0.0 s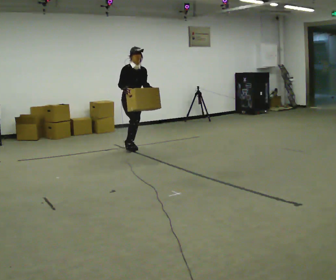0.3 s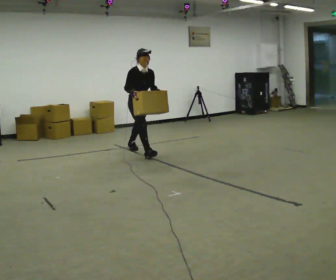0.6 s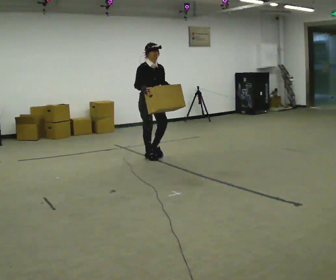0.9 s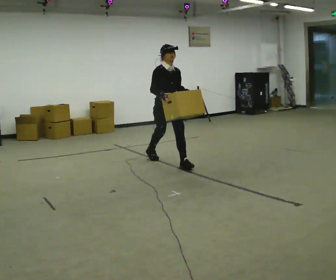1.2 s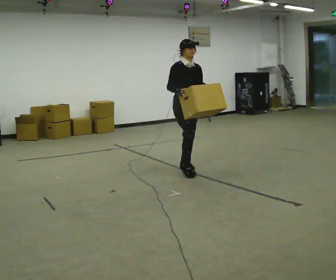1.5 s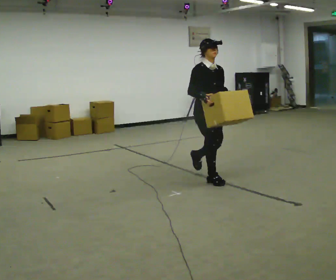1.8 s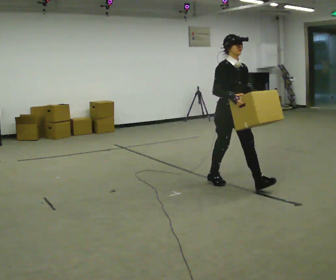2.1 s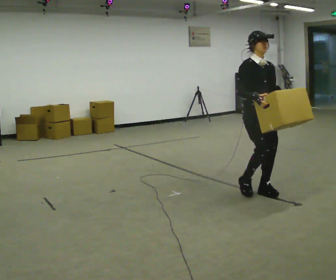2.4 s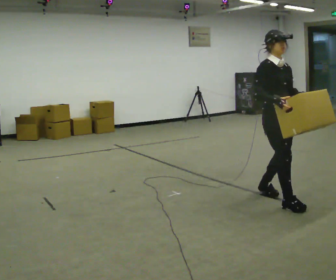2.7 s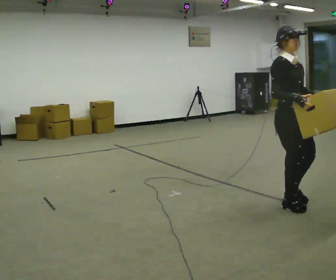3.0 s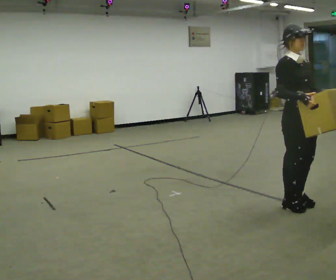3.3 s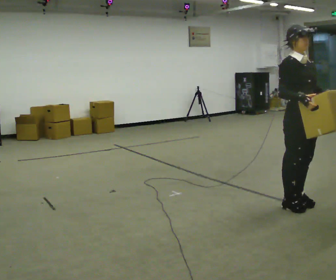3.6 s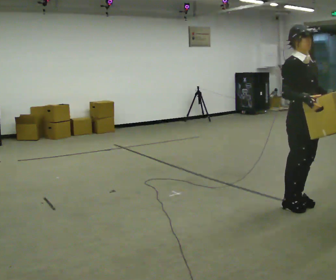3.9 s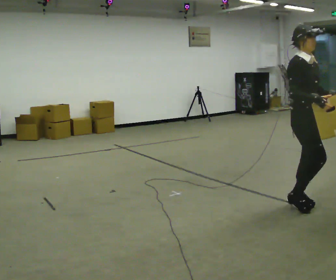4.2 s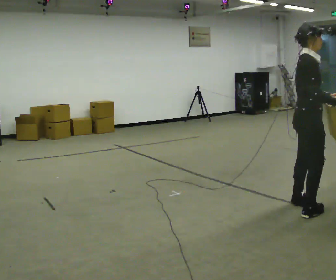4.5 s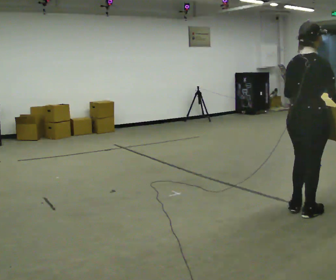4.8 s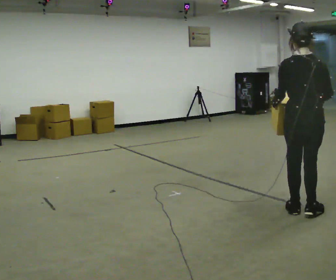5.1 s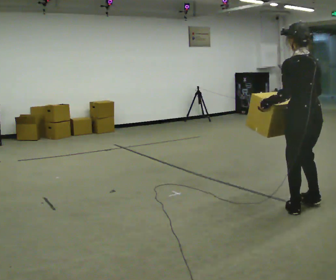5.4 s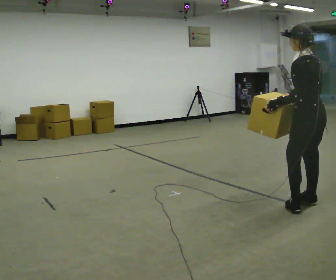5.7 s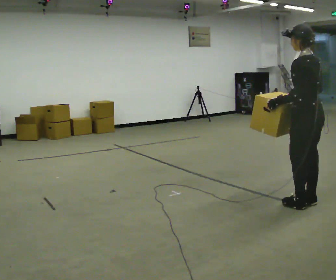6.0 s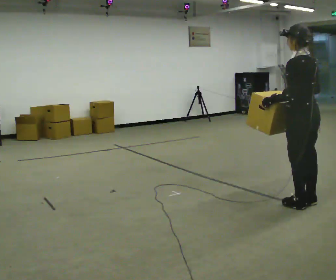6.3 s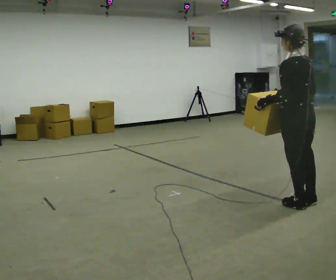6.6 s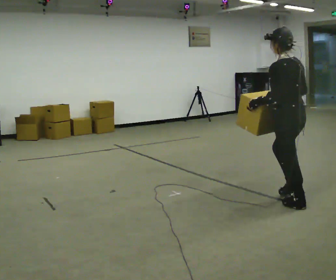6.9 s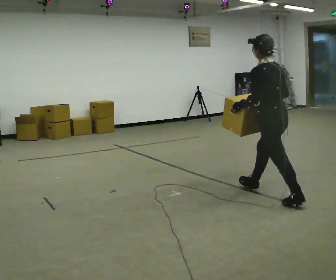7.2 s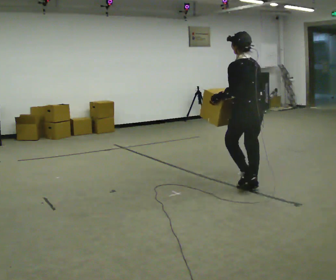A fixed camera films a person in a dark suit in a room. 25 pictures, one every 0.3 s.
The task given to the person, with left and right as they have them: Carry the box across the room as briskly as you comfortably can, back and forth. Do not run.
0.0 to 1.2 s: In the picture they go to the right and toward the camera, about 1.5 m in 2 steps, which for them is forward.
1.2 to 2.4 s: In the picture they go to the right and toward the camera, about 1.5 m in 3 steps, which for them is forward.
2.4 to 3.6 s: In the picture they go to the right and toward the camera, about 0.25 m in 1 step, which for them is forward.
3.6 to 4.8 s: The part of the body nearest the lens slides to the right as the person turns to their left by about 150 degrees. In the picture they go toward the camera, about 0.25 m in 2 steps.
4.8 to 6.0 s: Seen from above the body turns counterclockwise, about 45 degrees: to their left, with its near side sliding to the right. In the picture they go away from the camera, about 0.25 m in 1 step, which for them is to their right.
6.0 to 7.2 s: In the picture they go to the left and away from the camera, about 1 m in 1 step, which for them is forward.
The film runs forward here.
